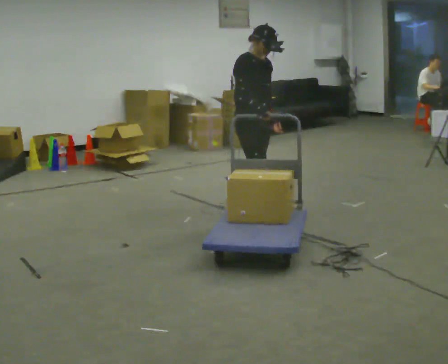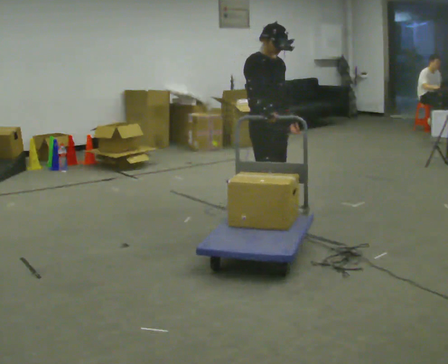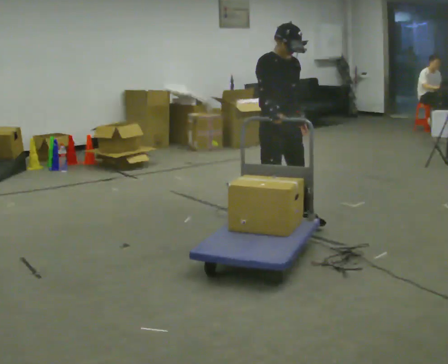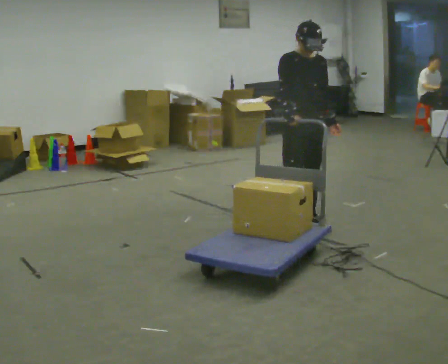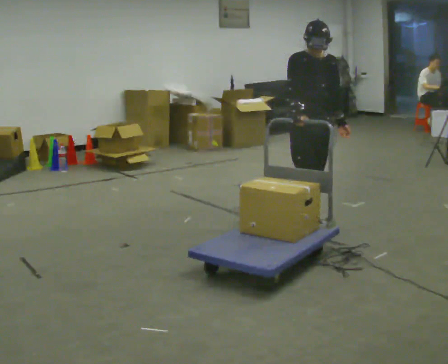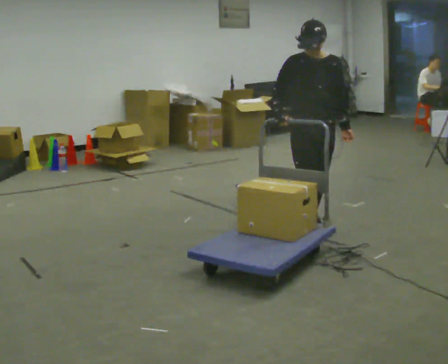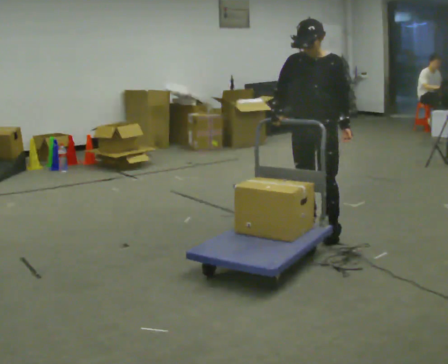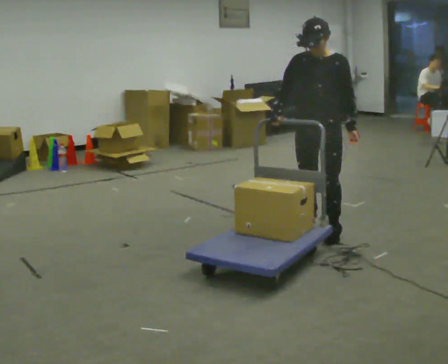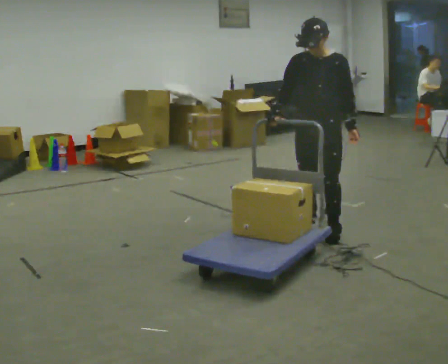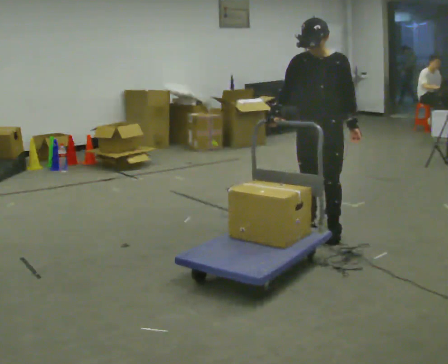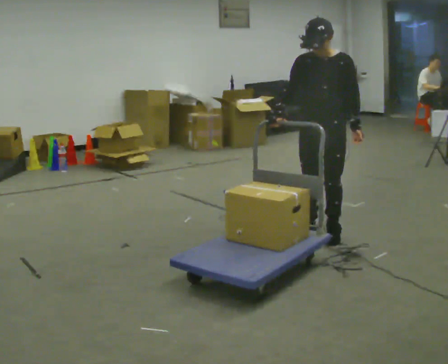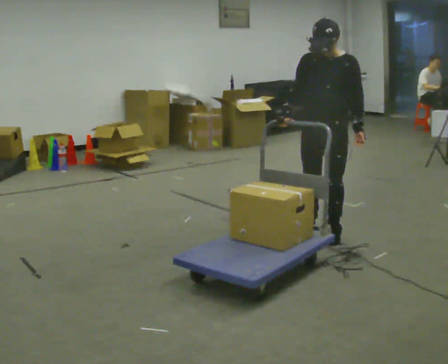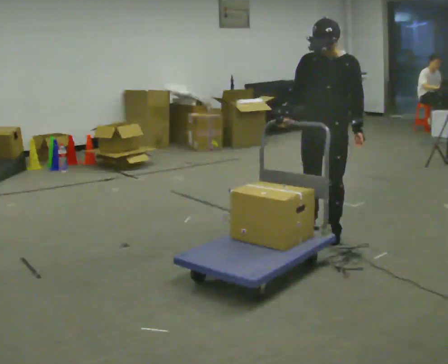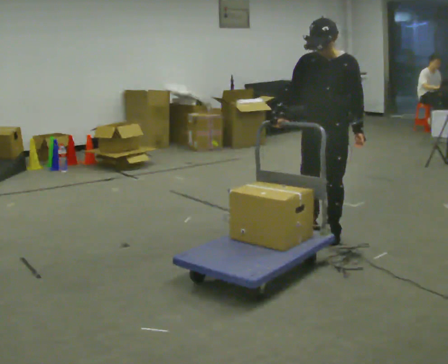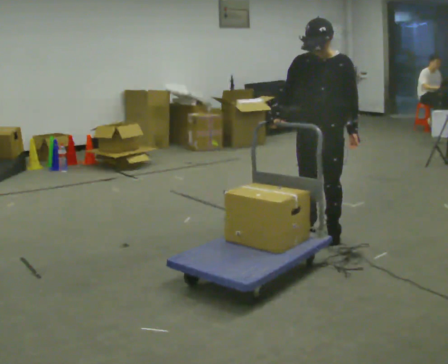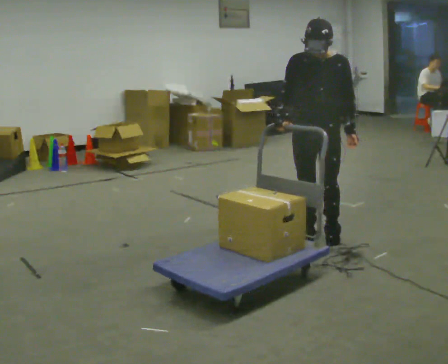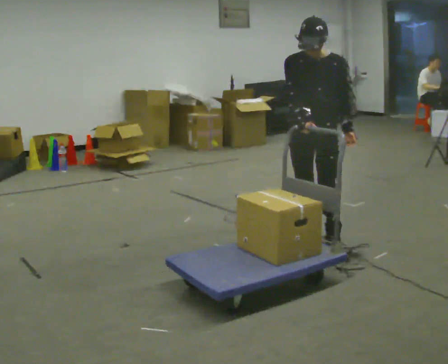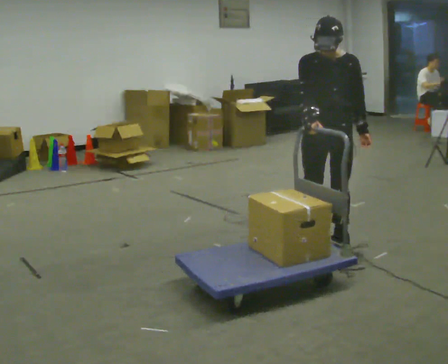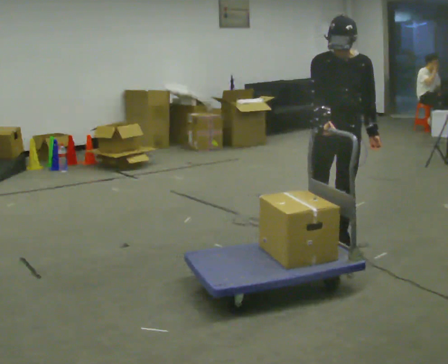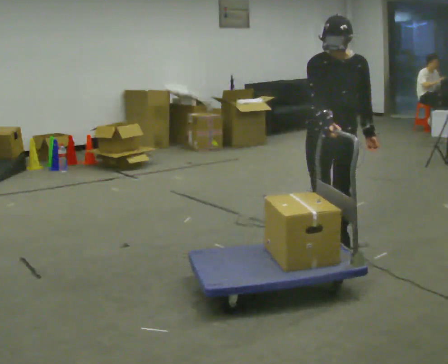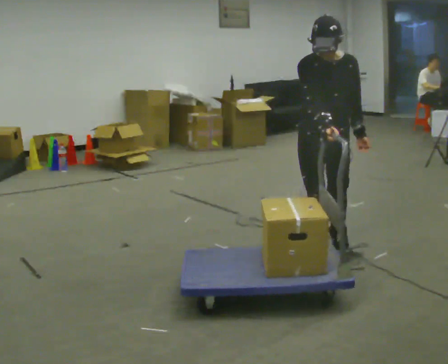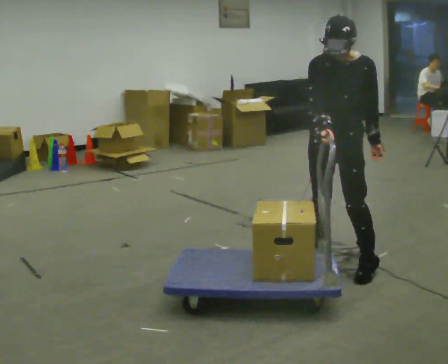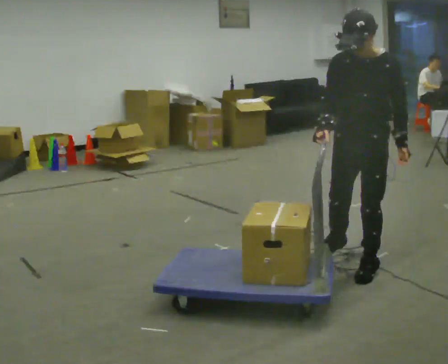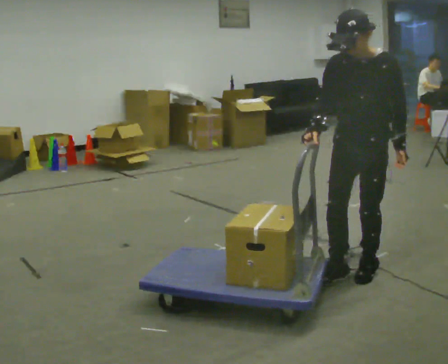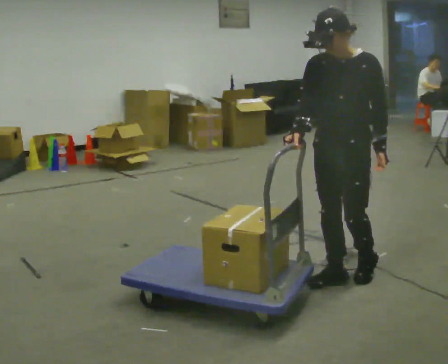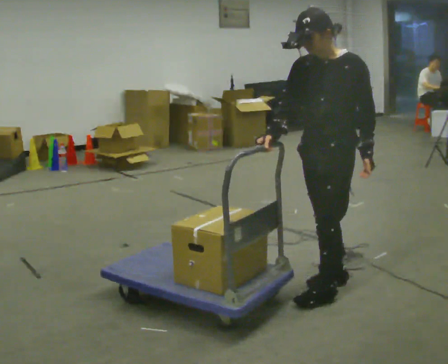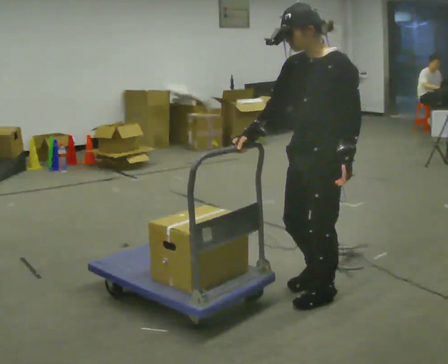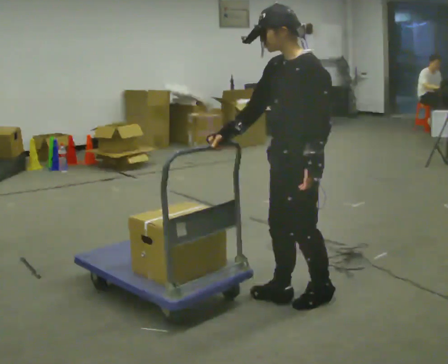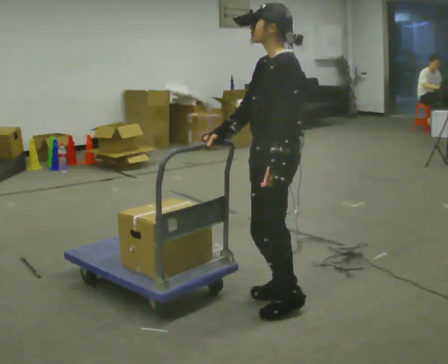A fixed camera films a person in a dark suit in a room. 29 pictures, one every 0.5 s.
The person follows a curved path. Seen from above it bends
clockwise.
The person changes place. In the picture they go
toward the camera.
0.0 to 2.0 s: Seen from above the body turns clockwise, about 45 degrees: to their right, with its near side sliding to the left. In the picture they go to the right and toward the camera, about 0.5 m in 2 steps, which for them is forward.
2.0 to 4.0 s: The part of the body nearest the lens slides to the left as the person turns to their right by about 30 degrees. In the picture they go toward the camera, about 0.25 m in 2 steps, which for them is forward.
4.0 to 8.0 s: The person moves a little, or ends about where they began.
8.0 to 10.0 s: In the picture they go toward the camera, about 0.25 m in 2 steps, which for them is forward.
10.0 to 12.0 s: The person turns about 30 degrees to their right, clockwise seen from above, so the part of the body nearest the lens slides to the left. In the picture they go toward the camera, about 0.5 m in 2 steps, which for them is forward and to their left.
12.0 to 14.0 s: The person turns about 45 degrees to their right, clockwise seen from above, so the part of the body nearest the lens slides to the left. In the picture they go to the left and toward the camera, about 0.5 m in 2 steps, which for them is forward.
The film runs forward here.
